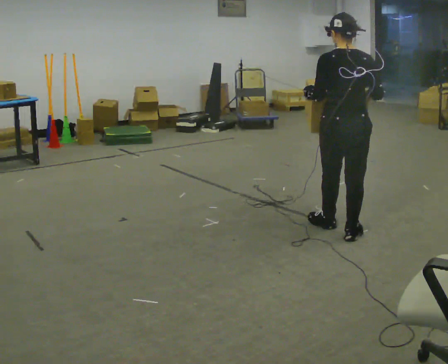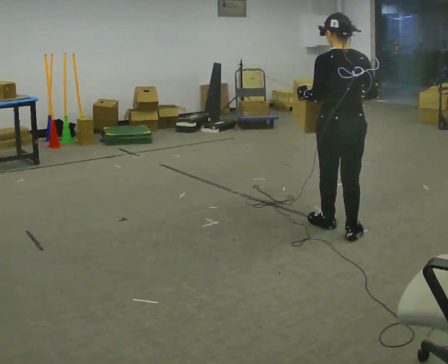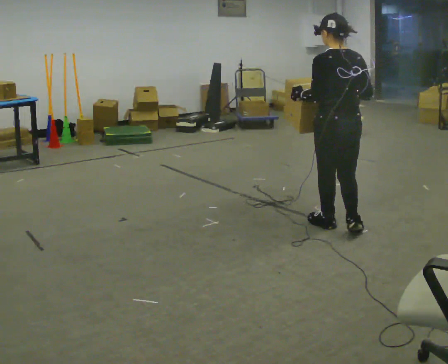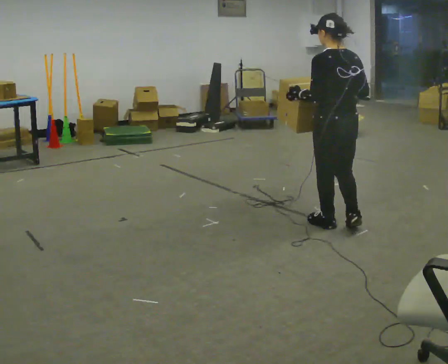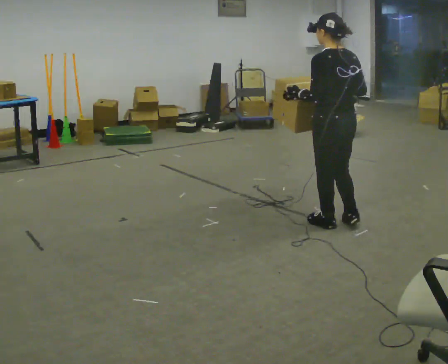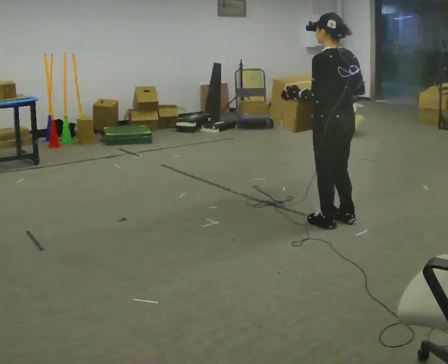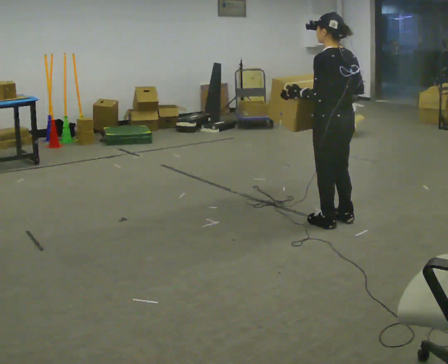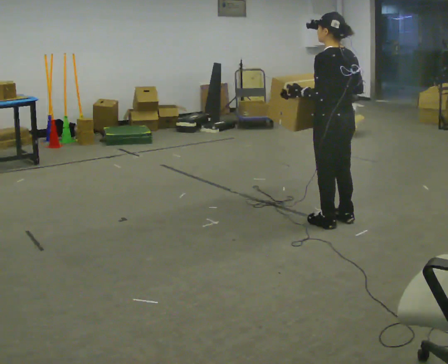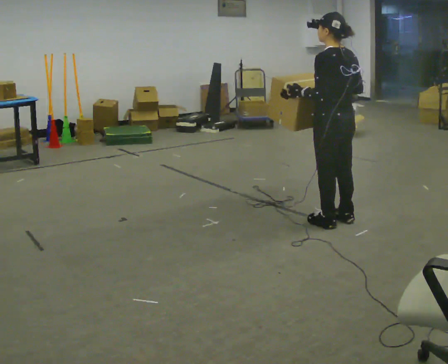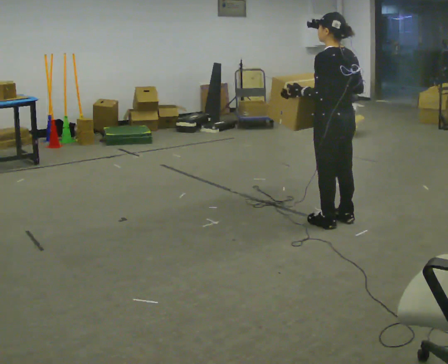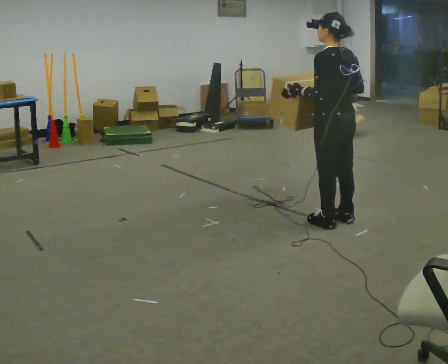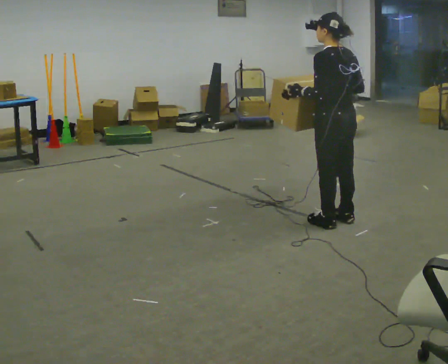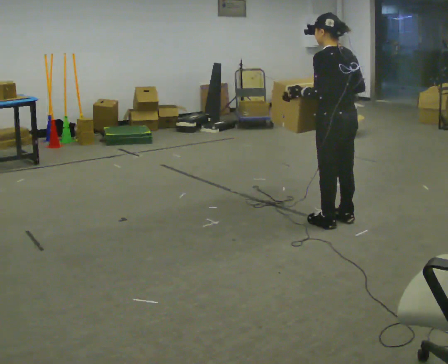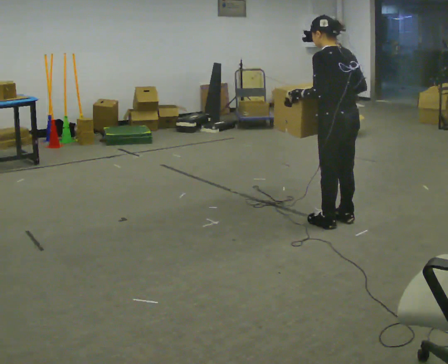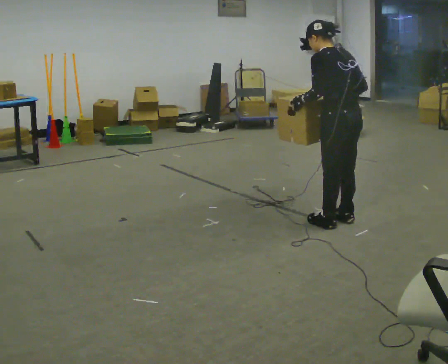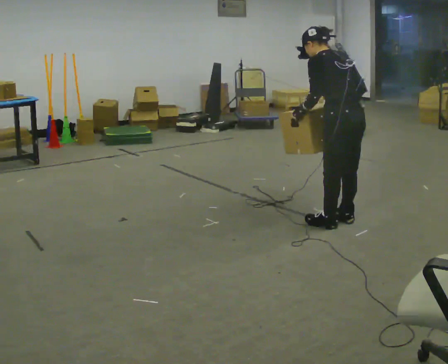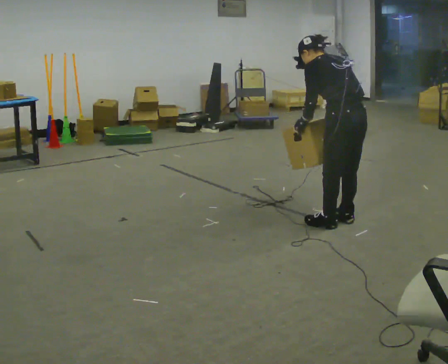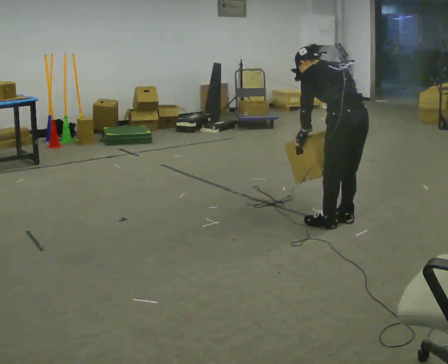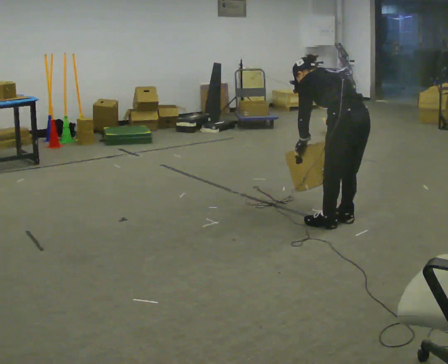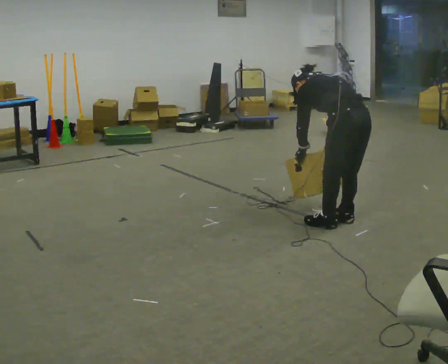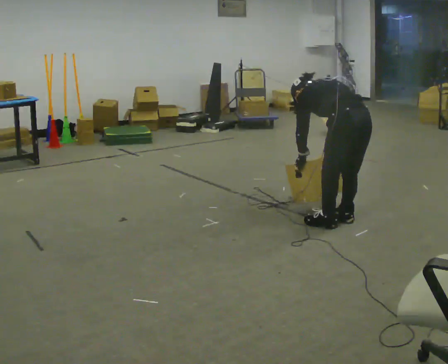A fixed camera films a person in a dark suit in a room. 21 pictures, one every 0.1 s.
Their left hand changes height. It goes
downward.
Their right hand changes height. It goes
downward.
0.0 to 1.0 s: Seen from above the body turns counterclockwise, about 30 degrees: to their left, with its near side sliding to the right. In the picture they go away from the camera, about 0.25 m in 1 step, which for them is forward.
1.0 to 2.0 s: The shoulders move downward. The upper body tips away from the camera, its near side rolling upward, as they bend forward. In the picture their left hand goes downward.
The film runs forward here.
